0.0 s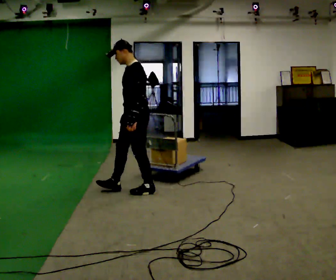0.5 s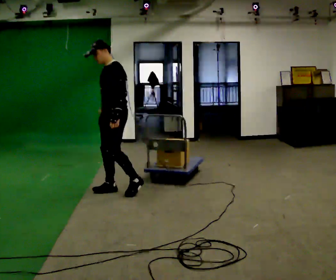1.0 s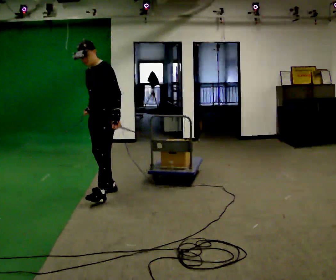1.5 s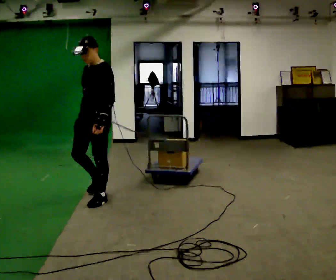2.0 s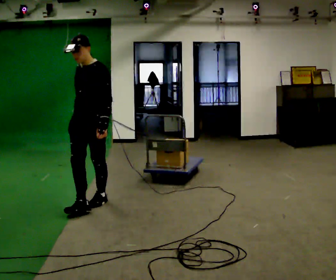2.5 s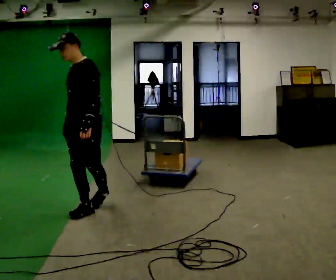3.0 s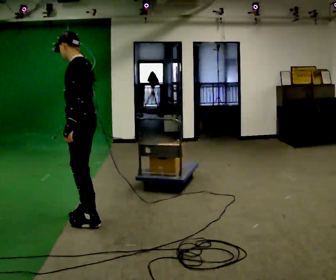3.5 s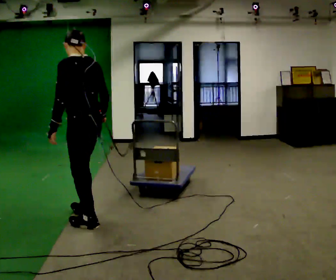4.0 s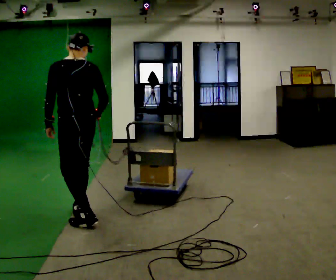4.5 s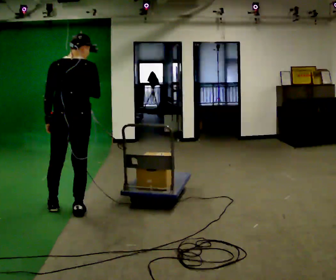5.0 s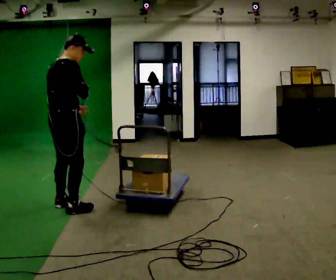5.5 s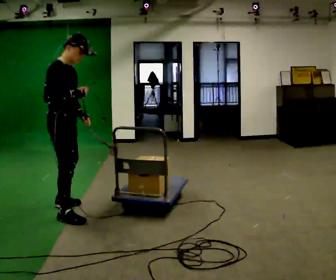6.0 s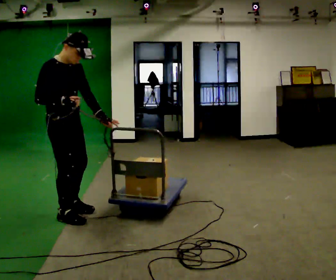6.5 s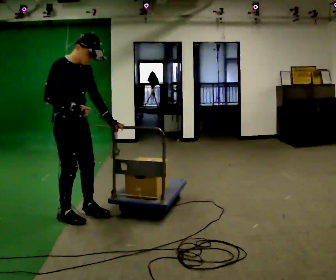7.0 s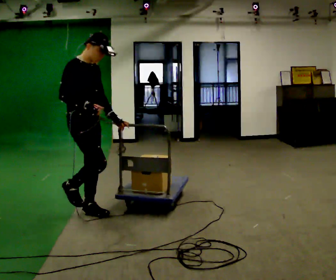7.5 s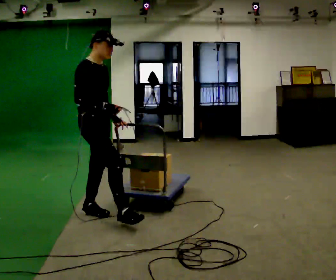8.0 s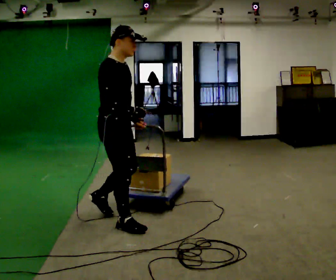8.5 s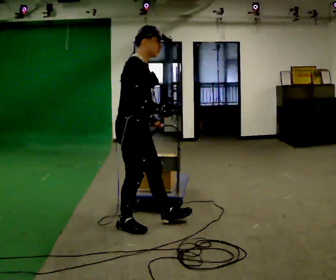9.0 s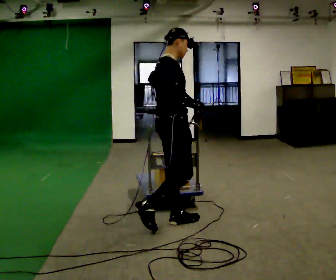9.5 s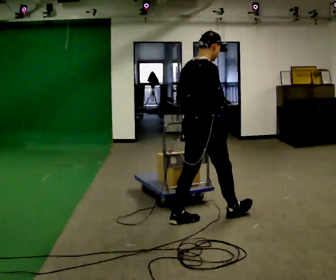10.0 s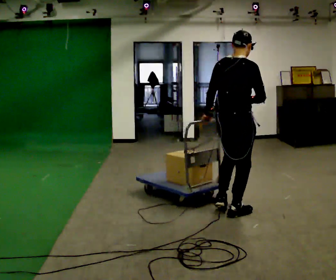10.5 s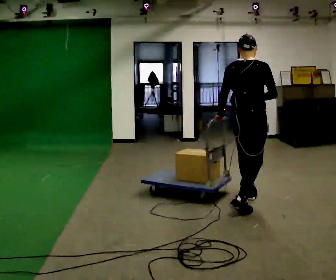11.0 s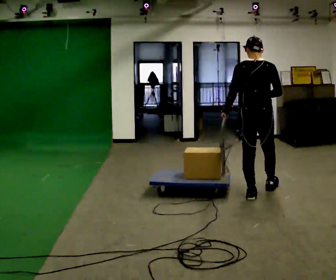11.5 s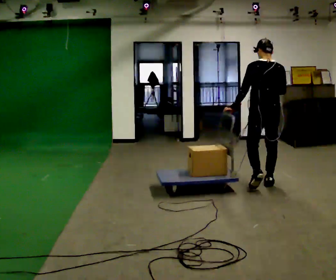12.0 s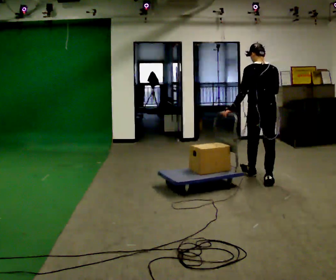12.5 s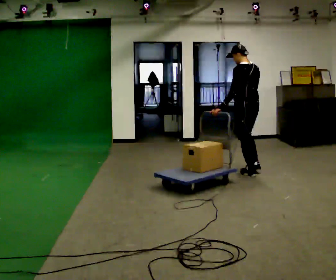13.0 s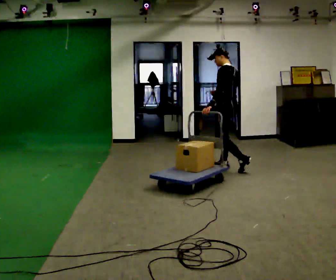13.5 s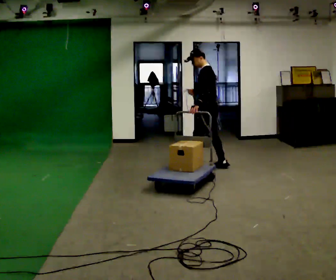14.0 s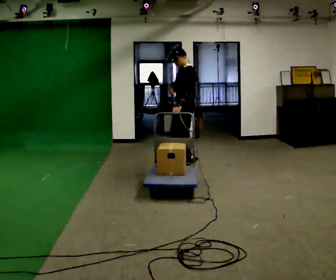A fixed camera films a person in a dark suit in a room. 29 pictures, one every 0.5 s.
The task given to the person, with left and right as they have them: Stand side-on to the sled and drag it towards you step by step, moving sideways. The operator will log the load and the peak reading on the scale for every take.
0.0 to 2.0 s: The part of the body nearest the lens slides to the right as the person turns to their left by about 45 degrees. In the picture they go to the left and toward the camera, about 0.75 m in 2 steps, which for them is forward.
2.0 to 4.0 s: The part of the body nearest the lens slides to the left as the person turns to their right by about 120 degrees. In the picture they go toward the camera, about 0.5 m in 2 steps.
4.0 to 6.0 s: Seen from above the body turns clockwise, about 150 degrees: to their right, with its near side sliding to the left. In the picture their left hand goes to the right, the arm swinging counterclockwise.
6.0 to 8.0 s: In the picture they go to the right, about 0.5 m in 2 steps, which for them is forward.
8.0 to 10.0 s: The person turns about 60 degrees to their left, counterclockwise seen from above, so the part of the body nearest the lens slides to the right. In the picture they go to the right, about 1 m in 2 steps, which for them is forward.
10.0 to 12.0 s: Seen from above the body turns counterclockwise, about 45 degrees: to their left, with its near side sliding to the right. In the picture they go away from the camera and to the right, about 1 m in 3 steps, which for them is forward.
12.0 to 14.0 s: The person turns about 105 degrees to their left, counterclockwise seen from above, so the part of the body nearest the lens slides to the right. In the picture they go away from the camera and to the left, about 1 m in 2 steps.
The film runs forward here.
